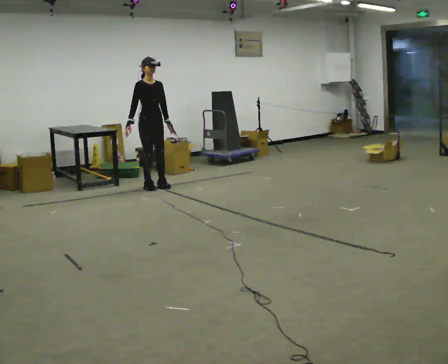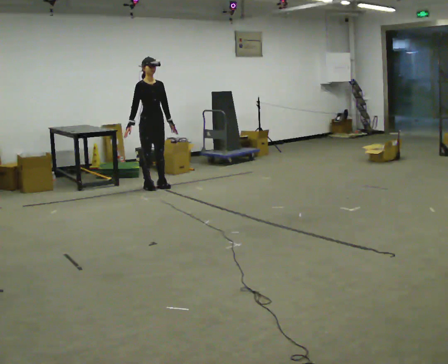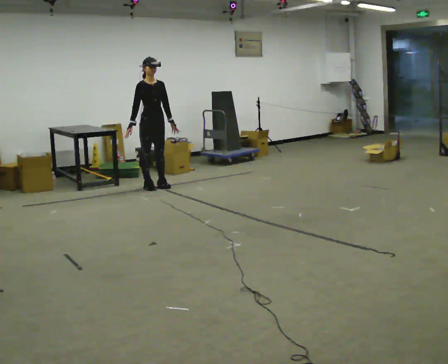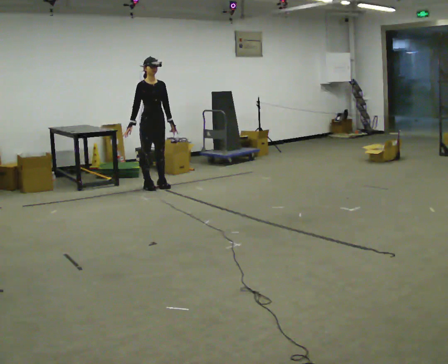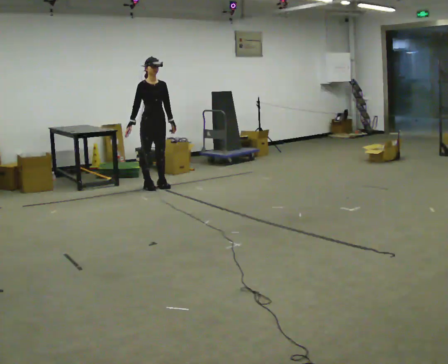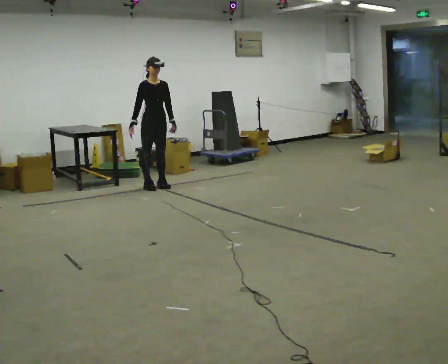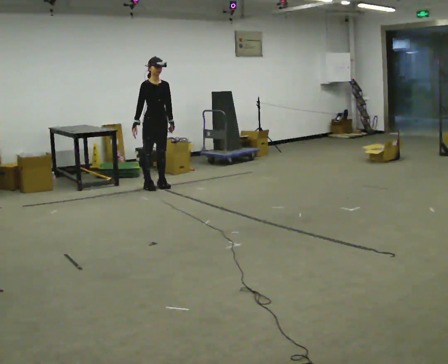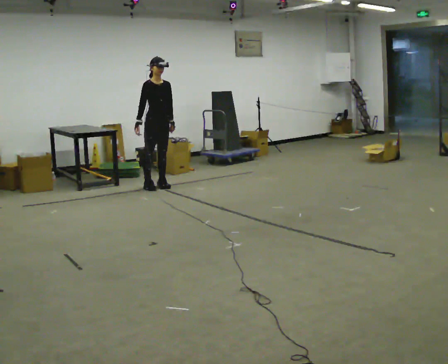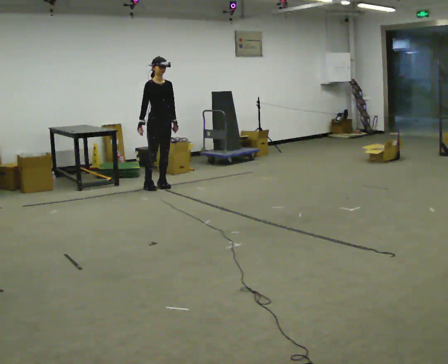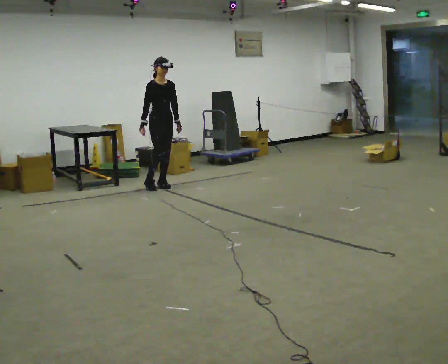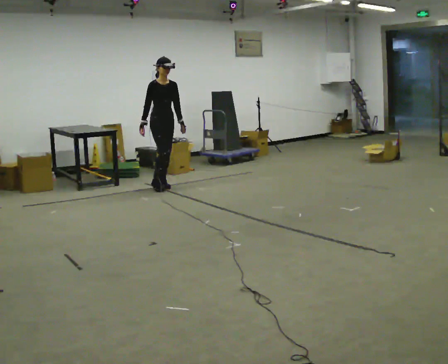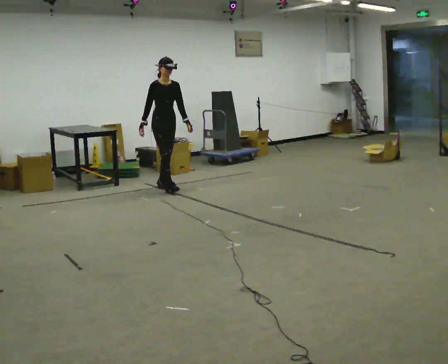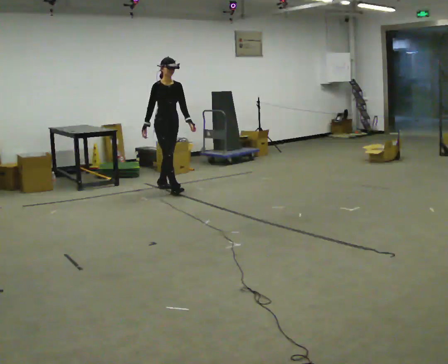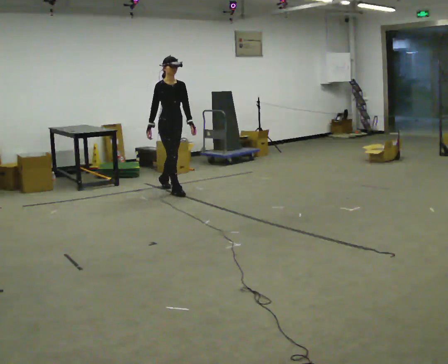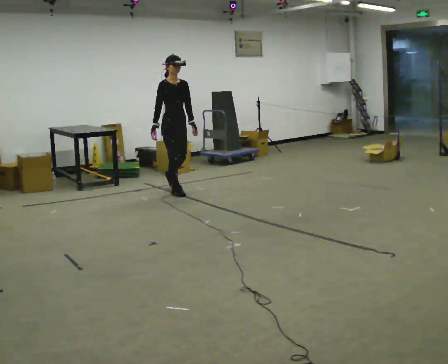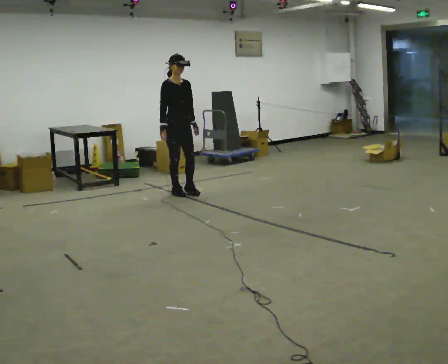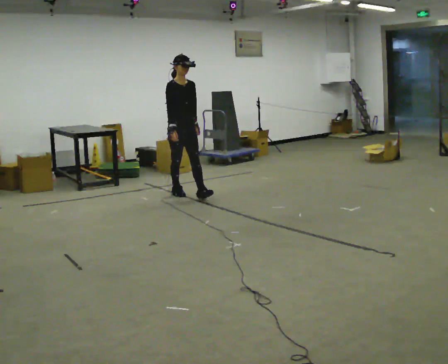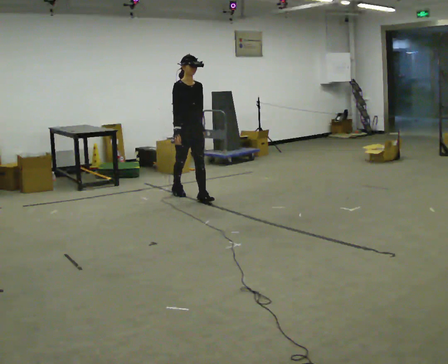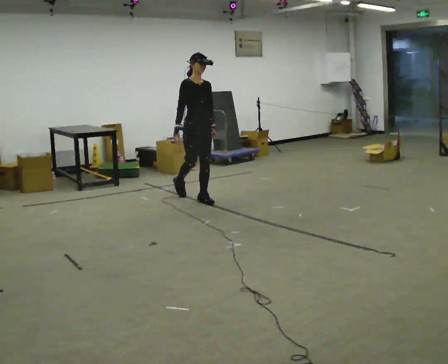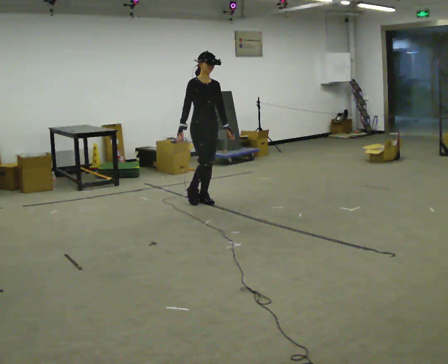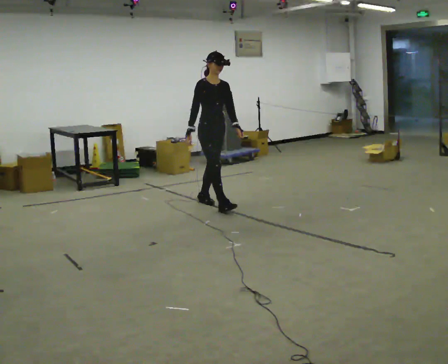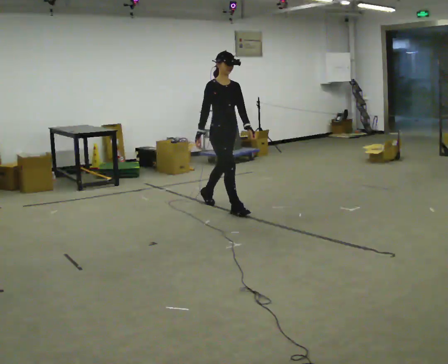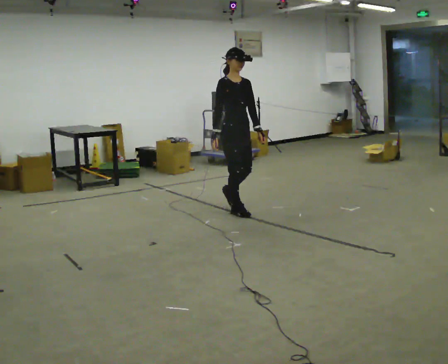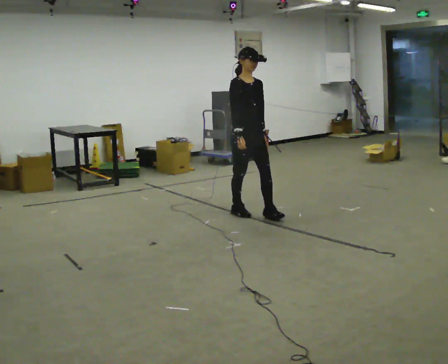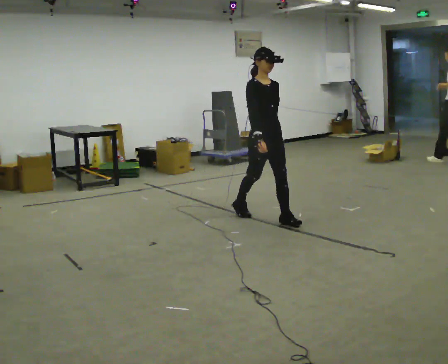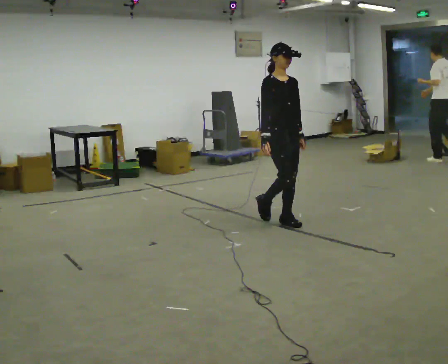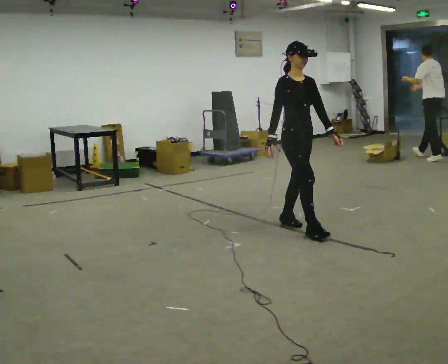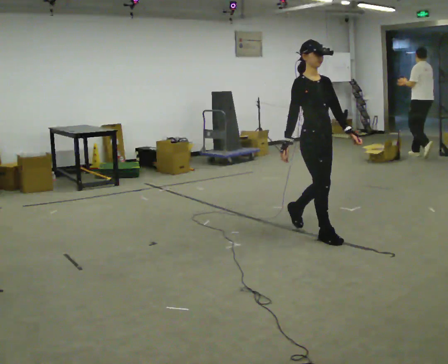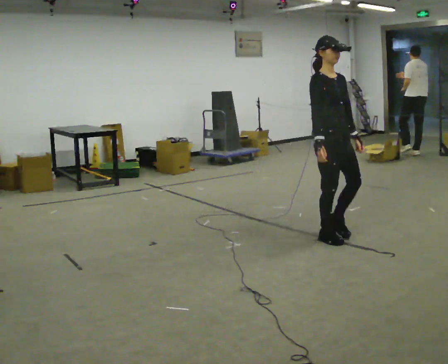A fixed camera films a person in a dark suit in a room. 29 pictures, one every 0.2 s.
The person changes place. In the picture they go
toward the camera.
0.0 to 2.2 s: In the picture they go to the right, about 0.25 m, which for them is forward and to their left.
2.2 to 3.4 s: In the picture they go toward the camera and to the right, about 0.75 m in 2 steps, which for them is forward.
3.4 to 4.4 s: In the picture they go toward the camera and to the right, about 1 m in 1 step, which for them is forward.
4.4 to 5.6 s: In the picture they go toward the camera and to the right, about 1.5 m in 2 steps, which for them is forward.
The film runs forward here.
